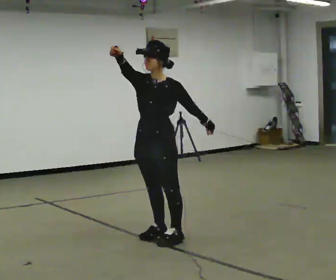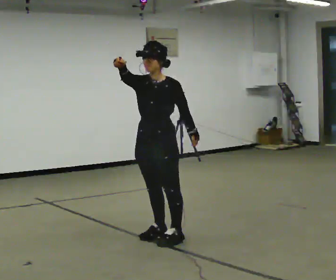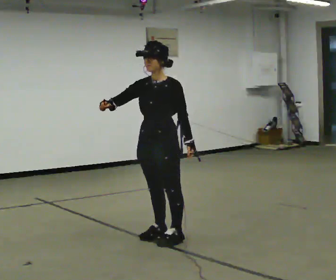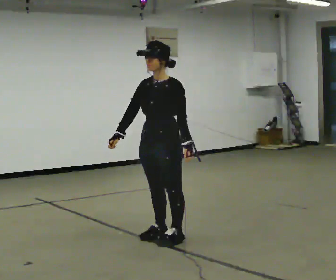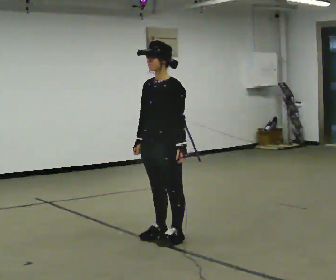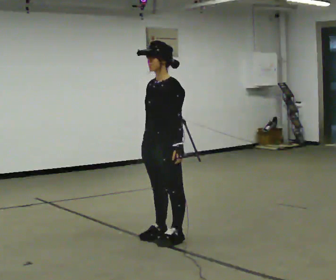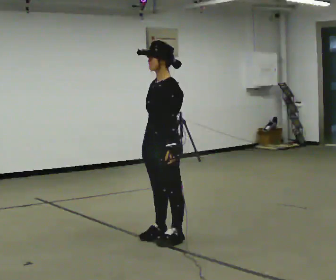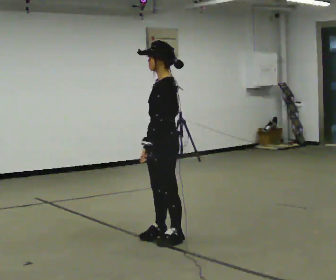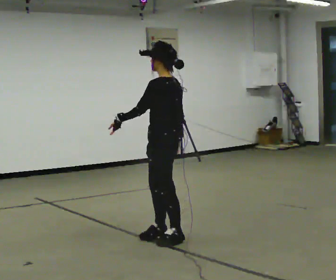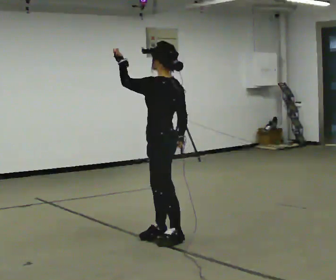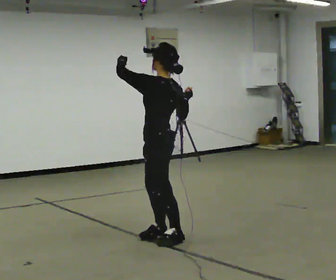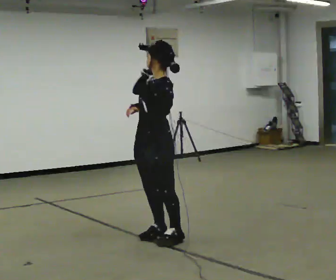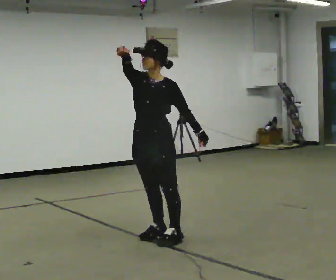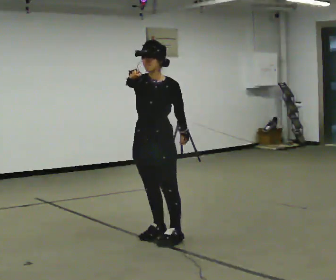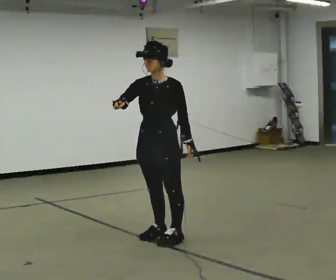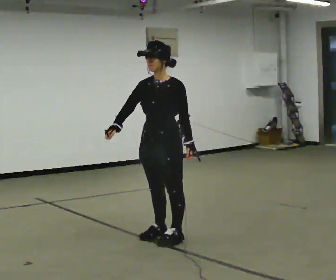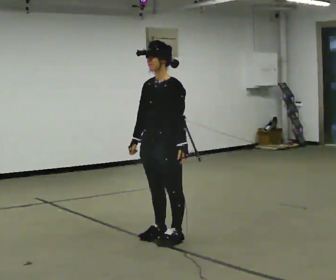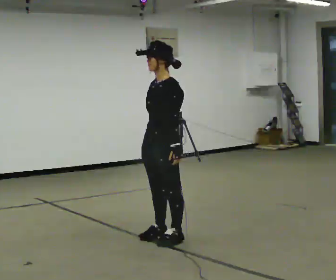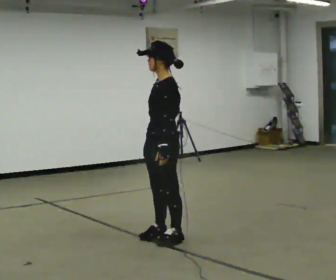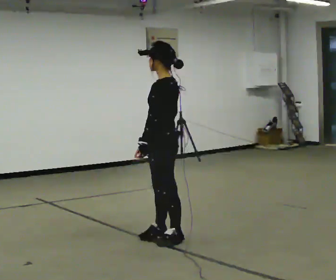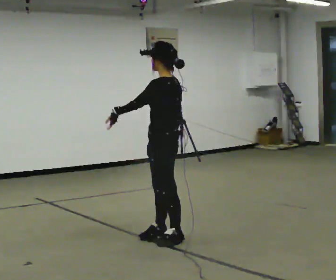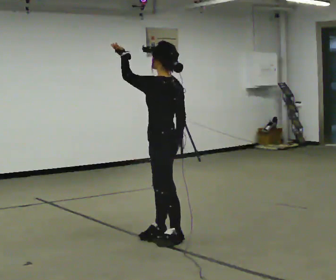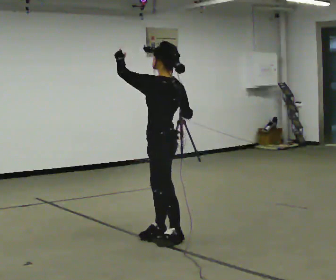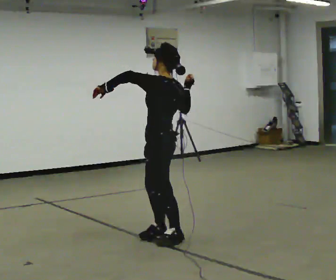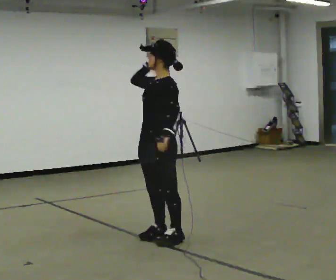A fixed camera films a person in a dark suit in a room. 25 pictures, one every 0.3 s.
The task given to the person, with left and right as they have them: Mime a tennis serve with no racket: toss, reach up, strike and follow through. Repeat the movement at your own pace until the operator says stop; do not rush.
0.0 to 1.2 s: In the picture their right hand goes downward.
1.2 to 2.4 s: The part of the body nearest the lens slides to the left as the person turns to their right by about 60 degrees. In the picture their left hand goes to the left, the arm swinging clockwise.
2.4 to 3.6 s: Seen from above the body turns counterclockwise, about 75 degrees: to their left, with its near side sliding to the right. In the picture their right hand goes upward and to the left.
3.6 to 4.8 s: In the picture their right hand goes downward.
4.8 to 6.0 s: Seen from above the body turns clockwise, about 45 degrees: to their right, with its near side sliding to the left. In the picture their left hand goes to the left, the arm swinging clockwise.
6.0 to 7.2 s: Seen from above the body turns counterclockwise, about 30 degrees: to their left, with its near side sliding to the right. In the picture their left hand goes to the right.
The film runs forward here.
